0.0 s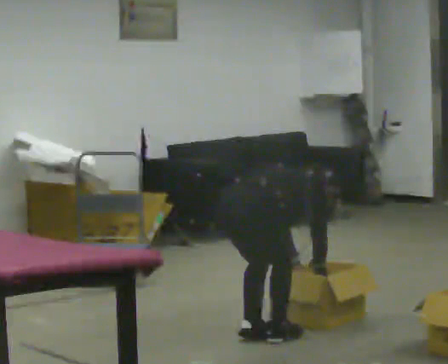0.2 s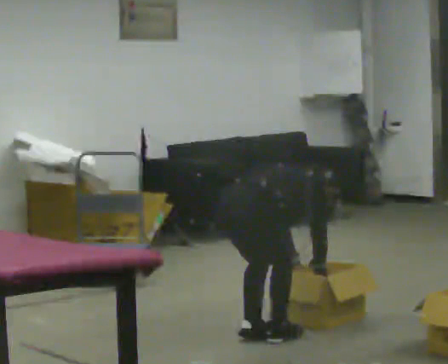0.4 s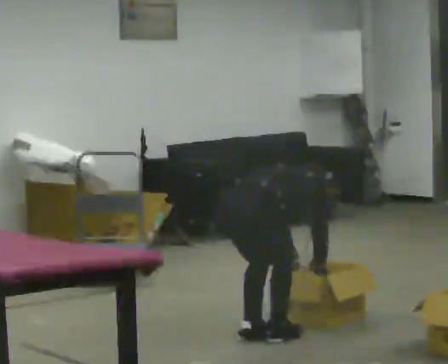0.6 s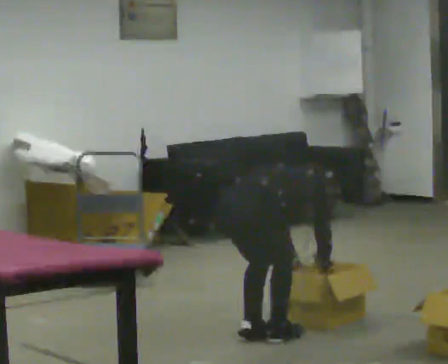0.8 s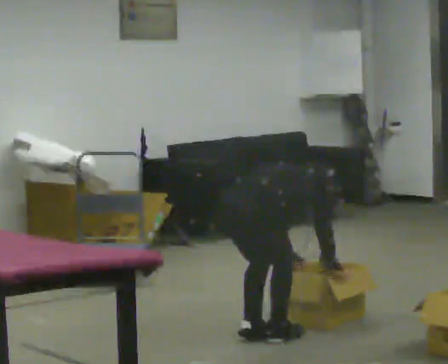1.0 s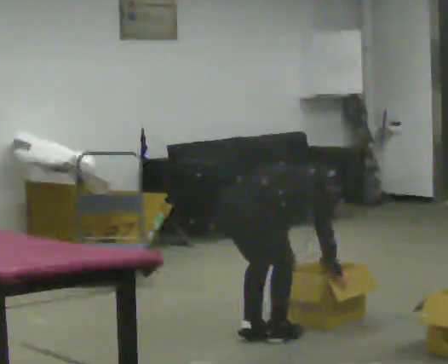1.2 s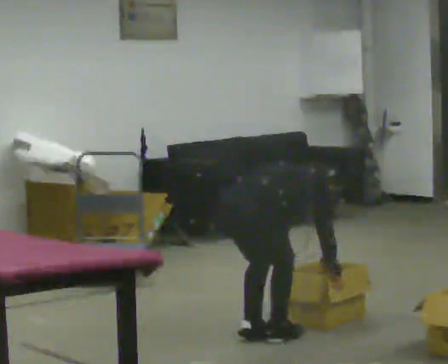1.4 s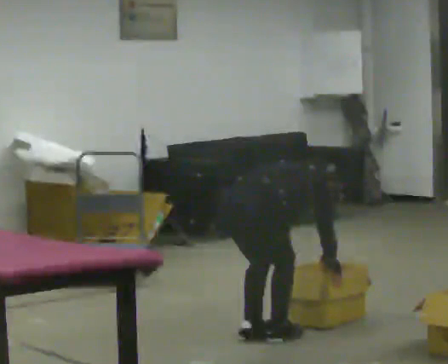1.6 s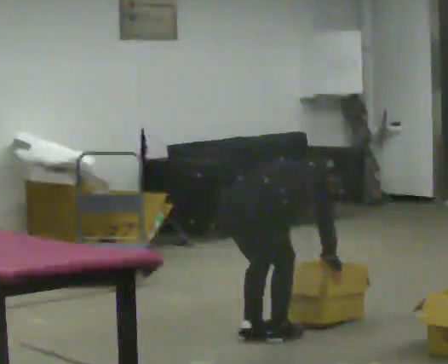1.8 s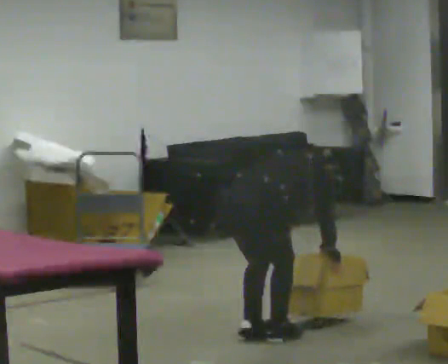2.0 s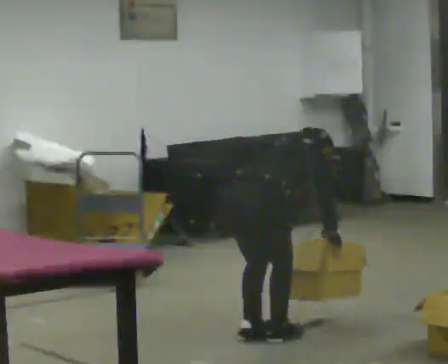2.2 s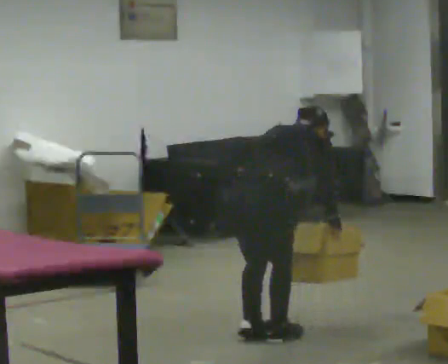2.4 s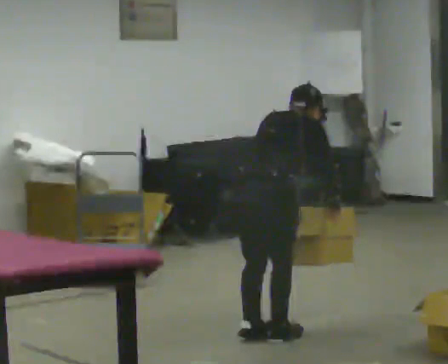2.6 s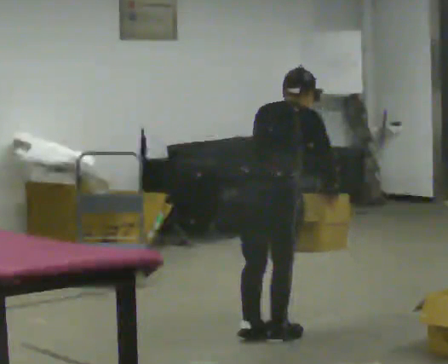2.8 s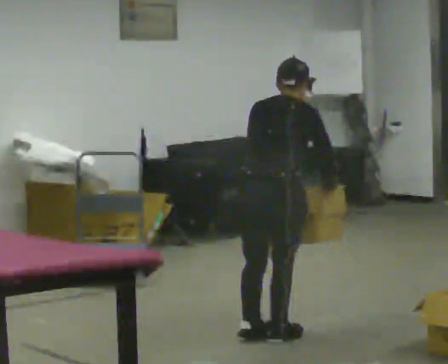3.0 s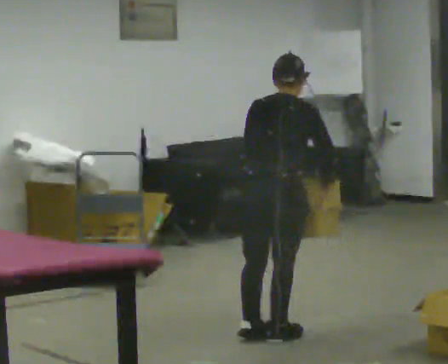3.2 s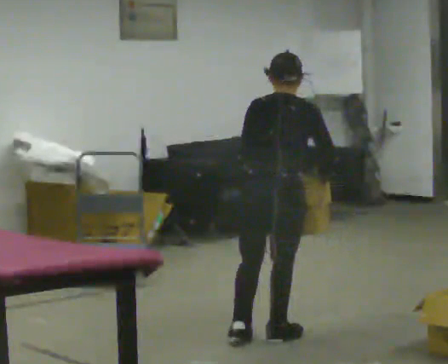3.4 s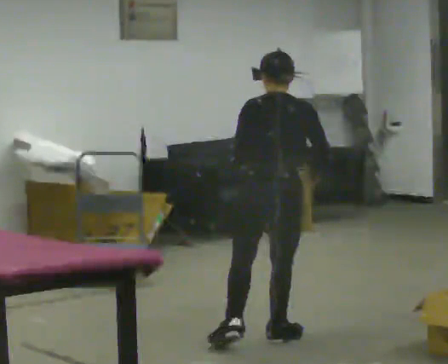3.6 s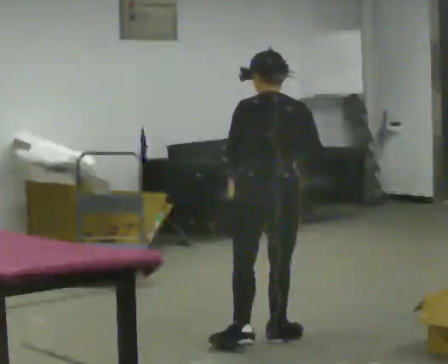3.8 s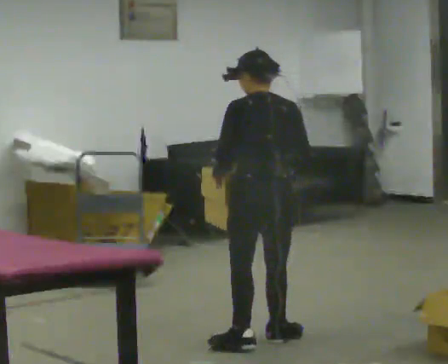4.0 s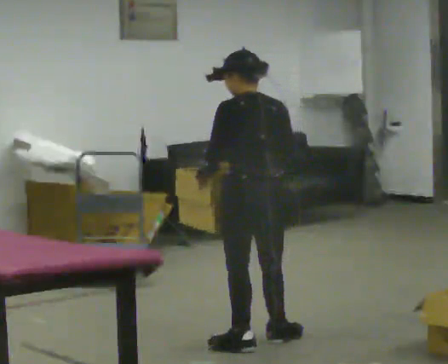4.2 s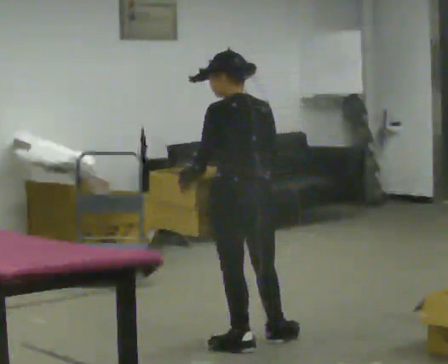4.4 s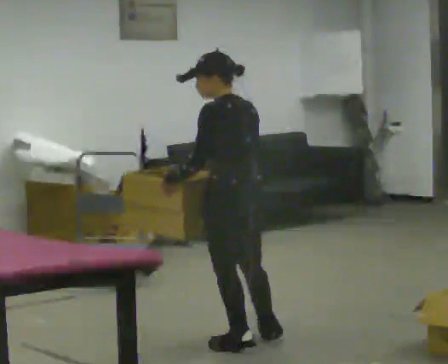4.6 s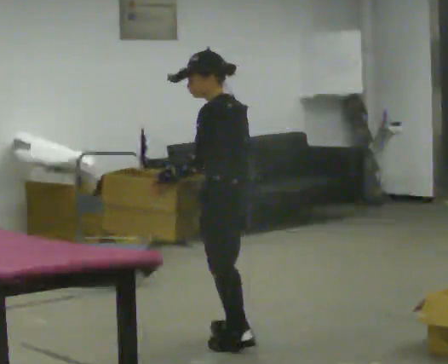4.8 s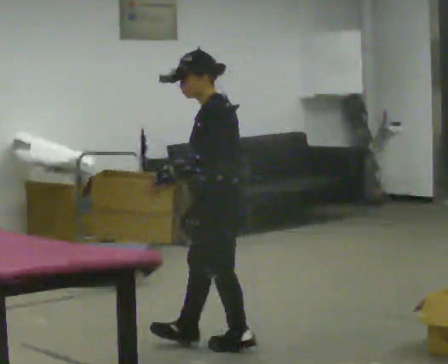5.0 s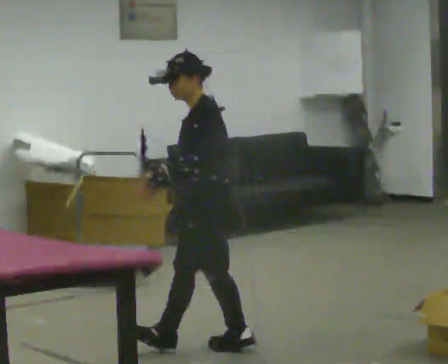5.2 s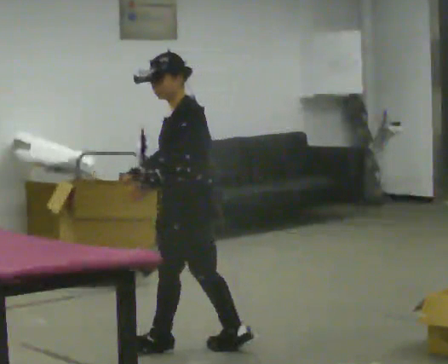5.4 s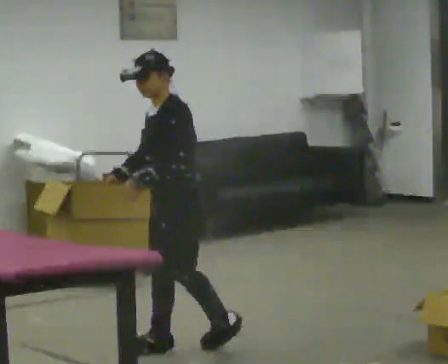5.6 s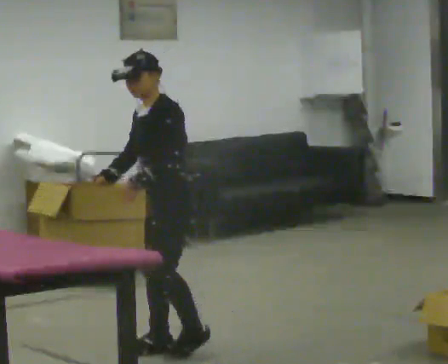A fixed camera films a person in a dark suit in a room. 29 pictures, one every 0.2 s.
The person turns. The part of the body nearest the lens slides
to the right.
Their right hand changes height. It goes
upward.
0.0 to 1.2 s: The person moves a little, or ends about where they began.
1.2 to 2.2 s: The shoulders move upward. In the picture the upper body tilts counterclockwise, shoulders to the left, as they lean back or straighten.
2.2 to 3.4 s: The upper body goes upward. The upper body tips toward the camera, its near side rolling downward, as they lean back or straighten.
3.4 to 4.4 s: The person turns about 60 degrees to their left, counterclockwise seen from above, so the part of the body nearest the lens slides to the right. In the picture they go to the left, about 0.25 m, which for them is to their left. In the picture their right hand goes to the left.
4.4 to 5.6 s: Seen from above the body turns counterclockwise, about 75 degrees: to their left, with its near side sliding to the right. In the picture they go to the left, about 0.25 m in 1 step.
The film runs forward here.
